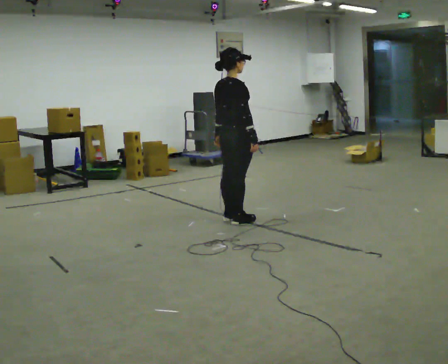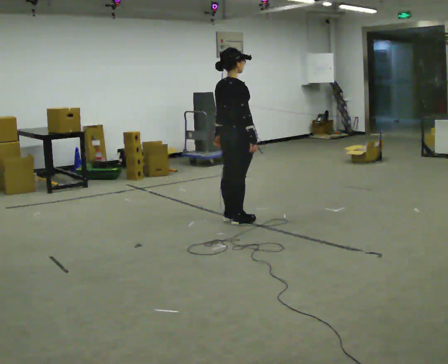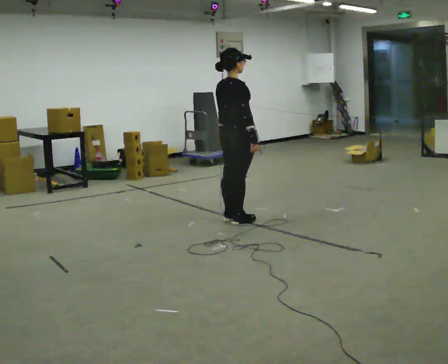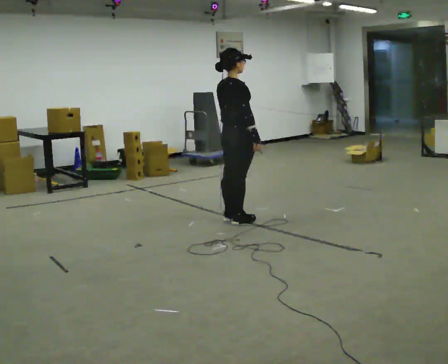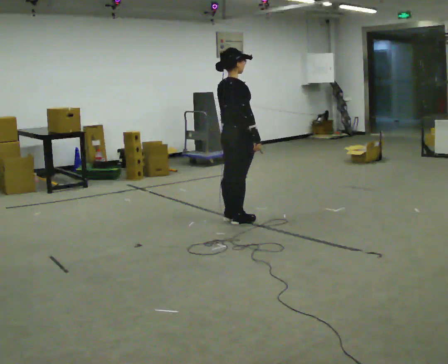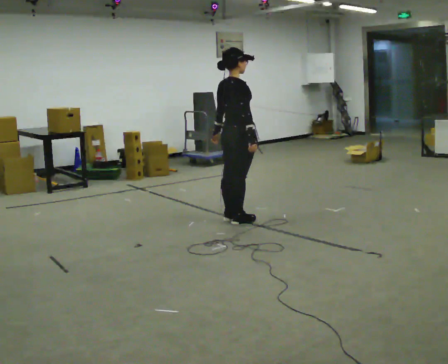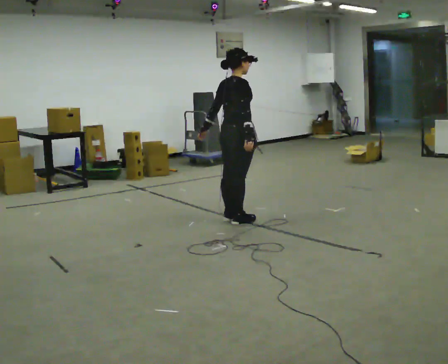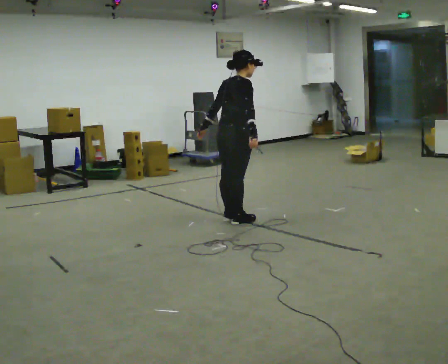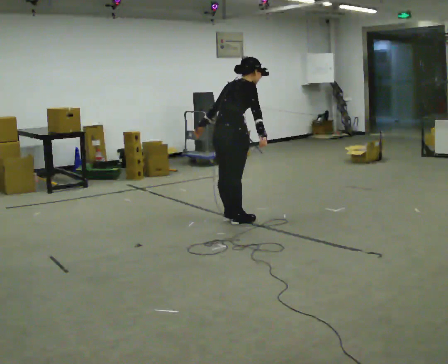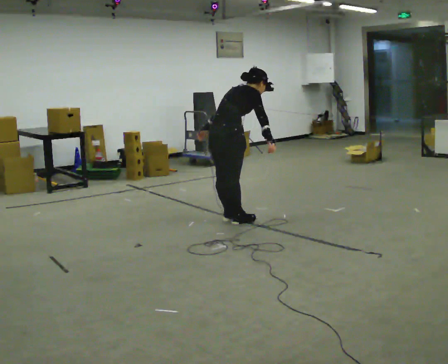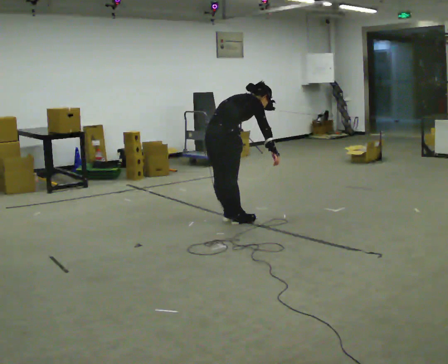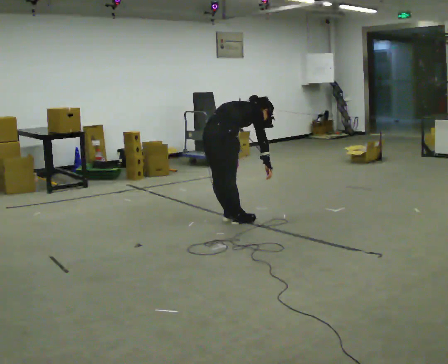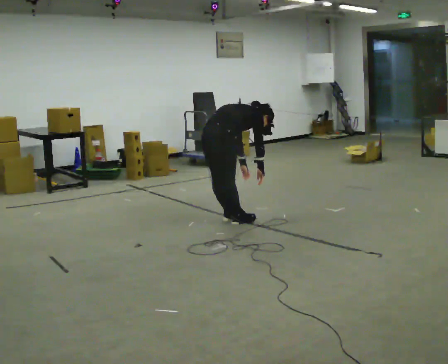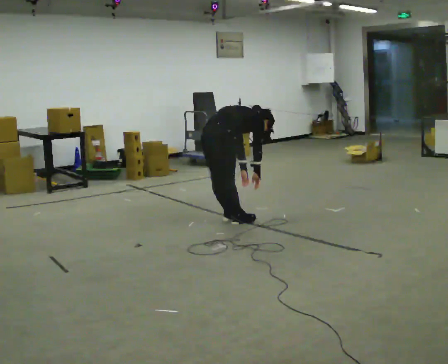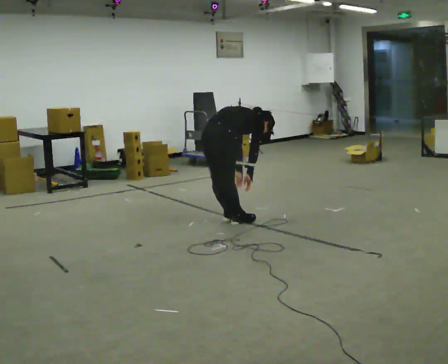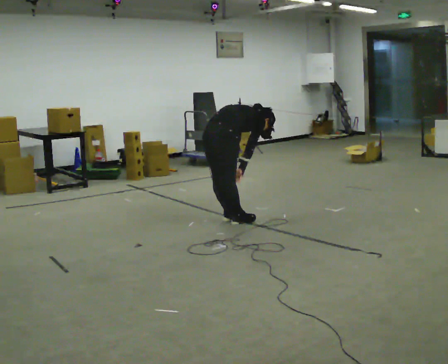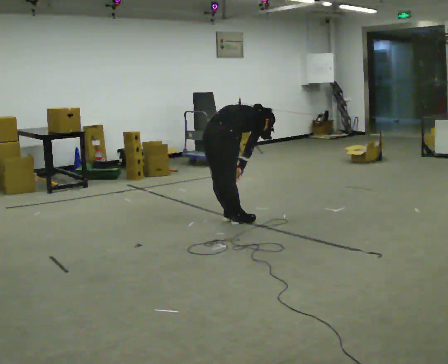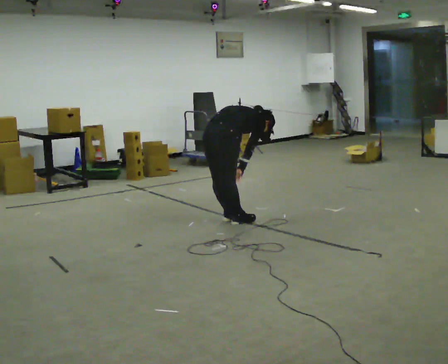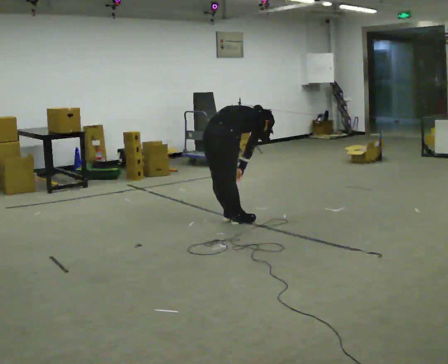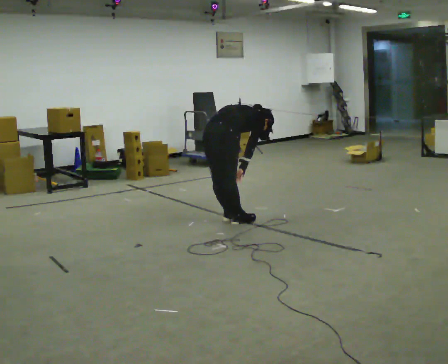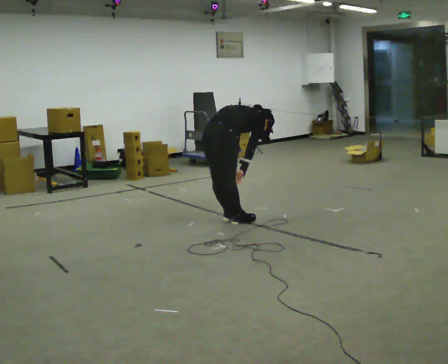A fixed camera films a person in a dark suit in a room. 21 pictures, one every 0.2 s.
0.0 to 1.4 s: The person moves a little, or ends about where they began.
1.4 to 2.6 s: In the picture they go to the left, about 0.25 m, which for them is backward. The upper body goes downward. In the picture the upper body tilts clockwise, shoulders to the right, as they bend forward. In the picture their left hand goes downward and to the right.
2.6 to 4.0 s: The person moves a little, or ends about where they began.
The film runs backward here.
